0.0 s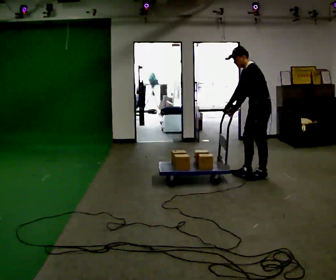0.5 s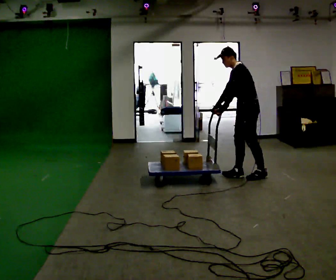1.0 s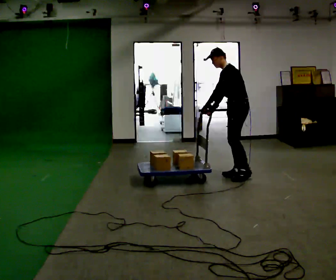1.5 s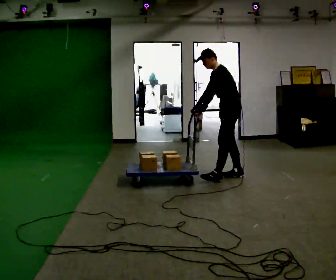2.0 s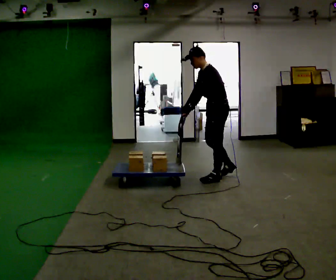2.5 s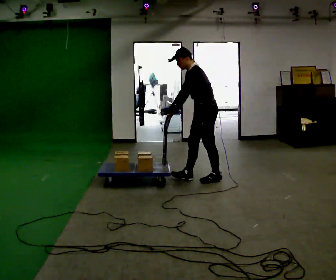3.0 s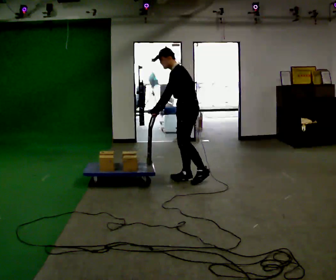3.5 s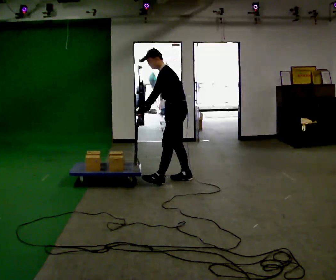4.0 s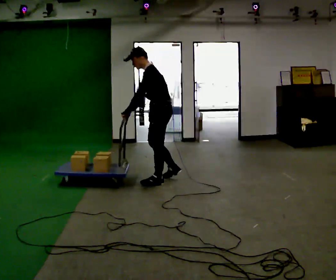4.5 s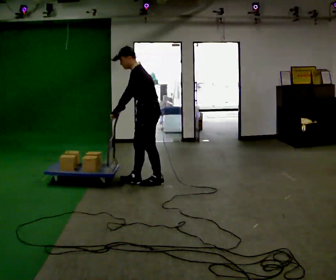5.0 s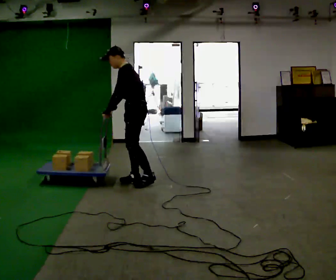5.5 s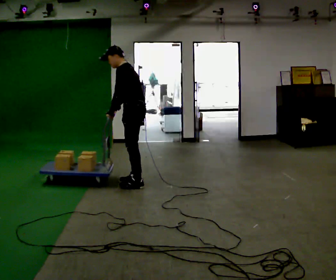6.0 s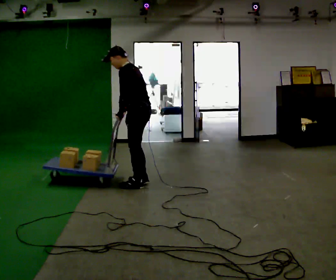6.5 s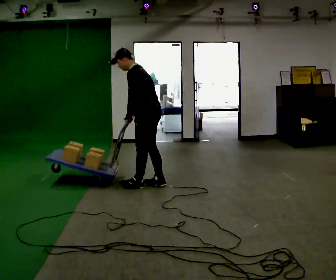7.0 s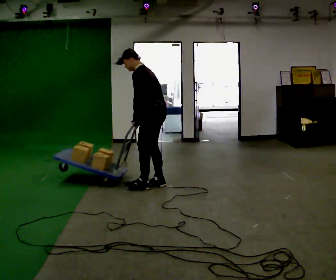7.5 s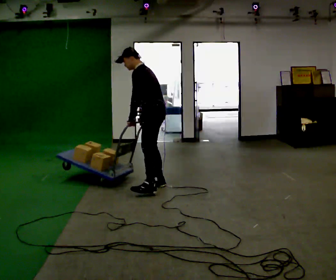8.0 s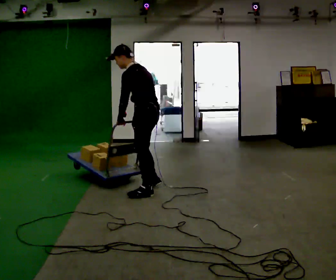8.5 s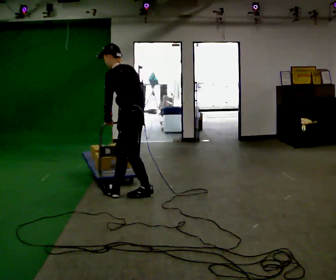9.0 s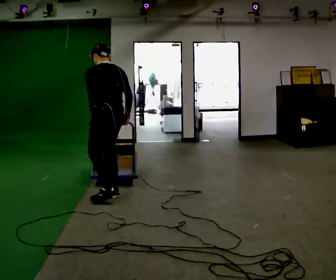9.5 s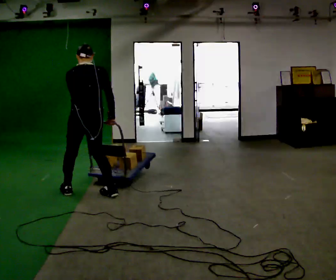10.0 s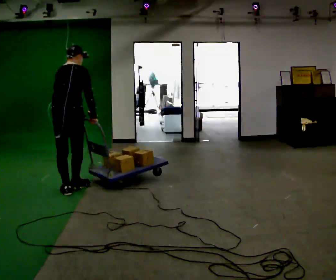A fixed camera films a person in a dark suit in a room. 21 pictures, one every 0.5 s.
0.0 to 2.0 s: In the picture they go to the left, about 0.5 m in 2 steps, which for them is forward.
2.0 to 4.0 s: In the picture they go to the left, about 0.5 m in 2 steps, which for them is forward.
4.0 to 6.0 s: In the picture they go to the left, about 0.25 m in 2 steps, which for them is forward and to their left.
6.0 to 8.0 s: In the picture they go toward the camera, about 0.25 m in 2 steps, which for them is to their left and backward.
8.0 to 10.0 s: The part of the body nearest the lens slides to the left as the person turns to their right by about 90 degrees. In the picture they go to the left, about 1 m in 2 steps. In the picture the upper body tilts clockwise, shoulders to the right.
The film runs forward here.
